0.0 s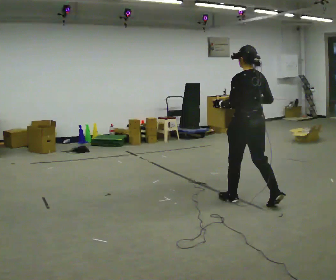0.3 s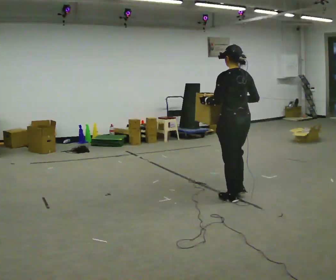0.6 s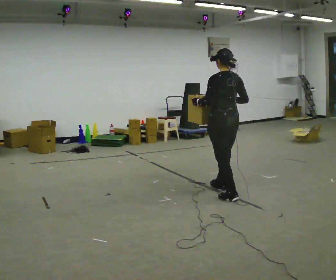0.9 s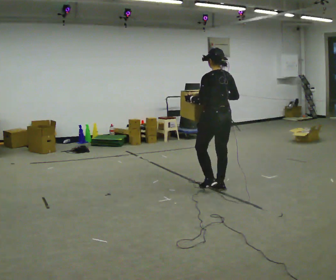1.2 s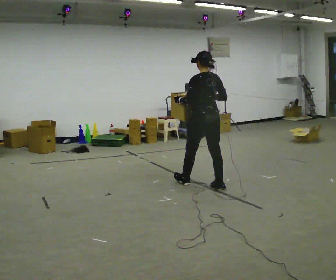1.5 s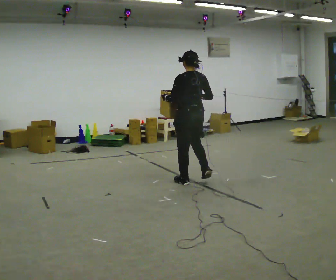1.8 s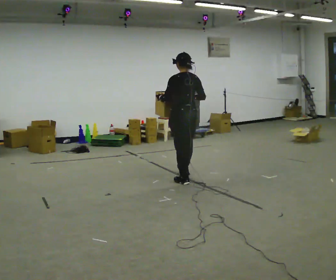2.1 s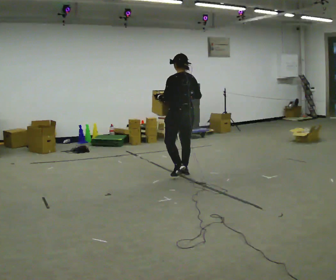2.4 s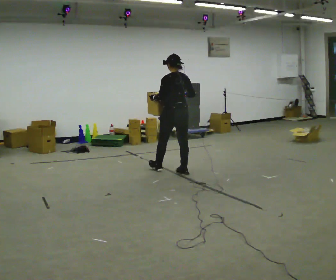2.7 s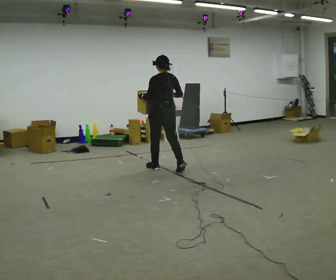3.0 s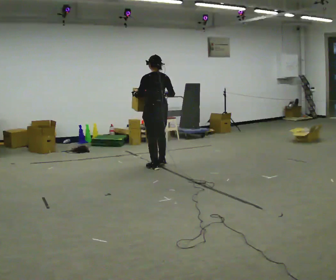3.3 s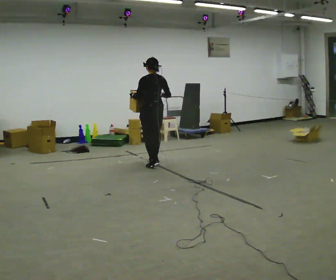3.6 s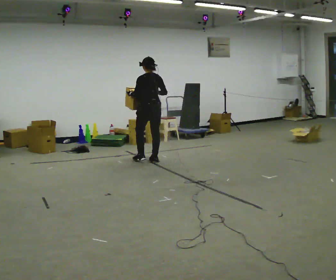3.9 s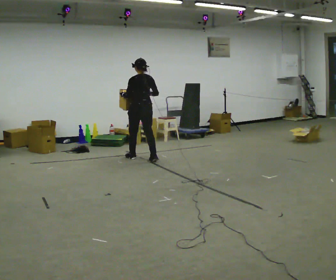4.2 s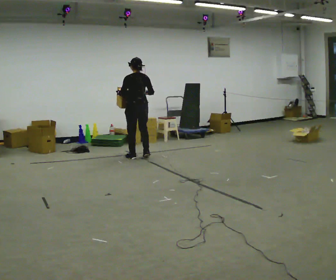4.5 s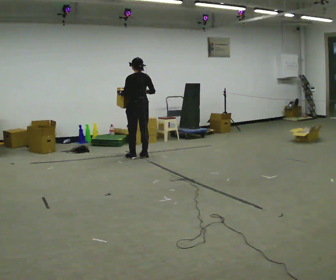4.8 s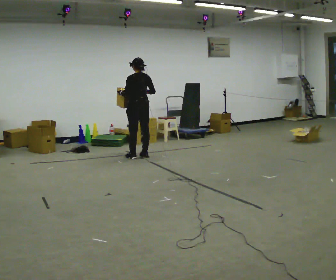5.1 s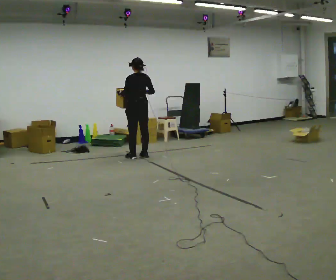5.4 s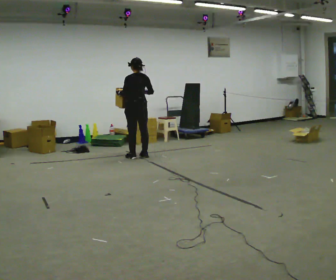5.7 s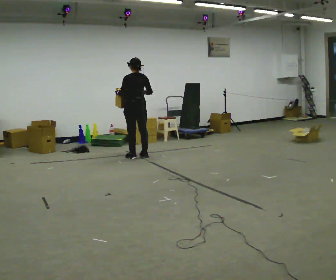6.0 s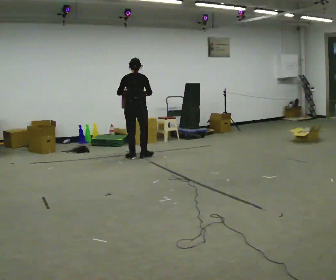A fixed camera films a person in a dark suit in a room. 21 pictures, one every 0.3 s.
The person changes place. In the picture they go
away from the camera.
0.0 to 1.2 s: In the picture they go away from the camera and to the left, about 1 m in 2 steps, which for them is forward.
1.2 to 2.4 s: In the picture they go away from the camera and to the left, about 0.5 m in 1 step, which for them is forward.
2.4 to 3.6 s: In the picture they go away from the camera and to the left, about 1 m in 2 steps, which for them is forward.
3.6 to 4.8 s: In the picture they go away from the camera and to the left, about 0.25 m in 2 steps, which for them is forward.
4.8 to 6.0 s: The part of the body nearest the lens slides to the left as the person turns to their right by about 30 degrees.
The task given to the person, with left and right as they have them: Carry the heaviest box in both hands in front of you, walking back and forth across the room. Only carry what is comfortable. Set it down whenever you need to.
The film runs forward here.
